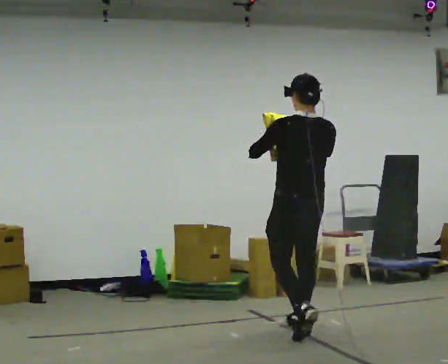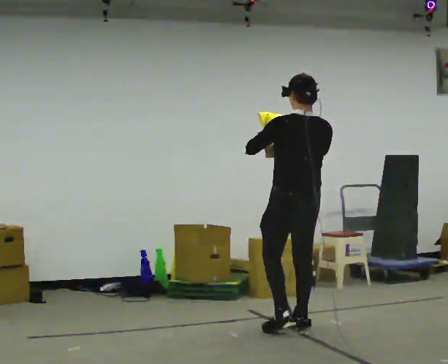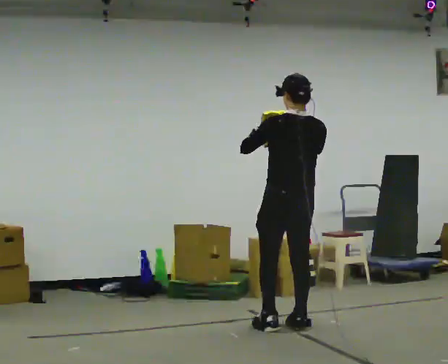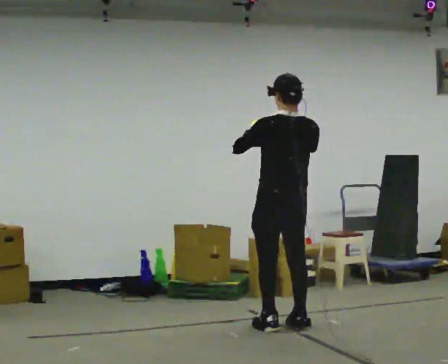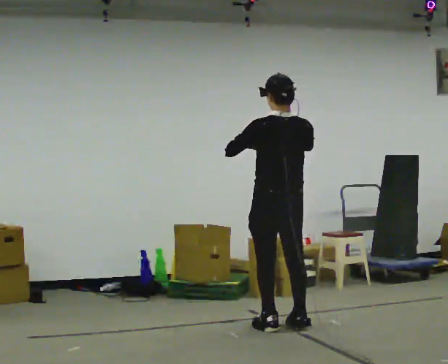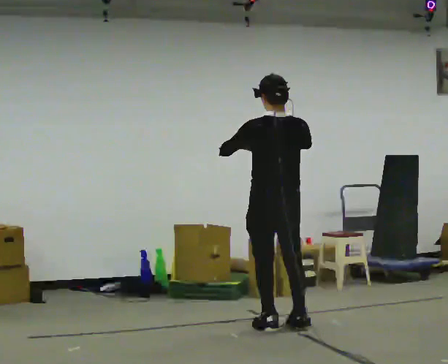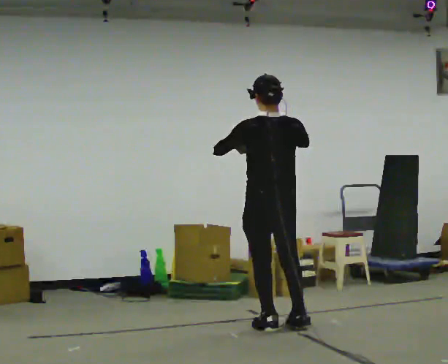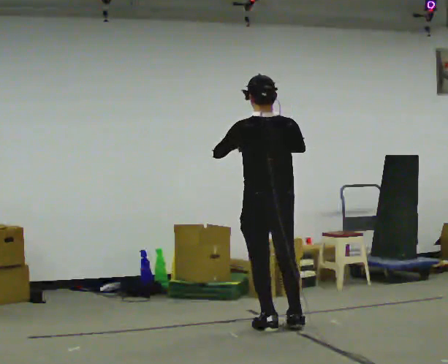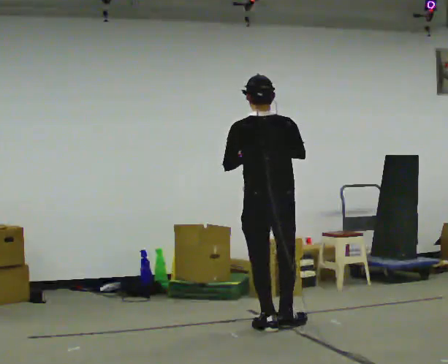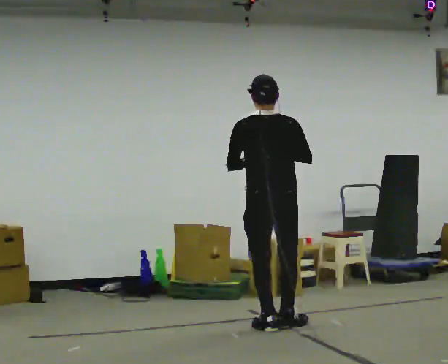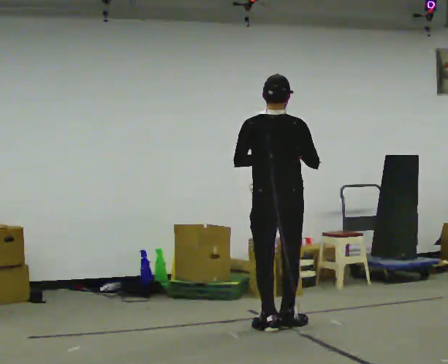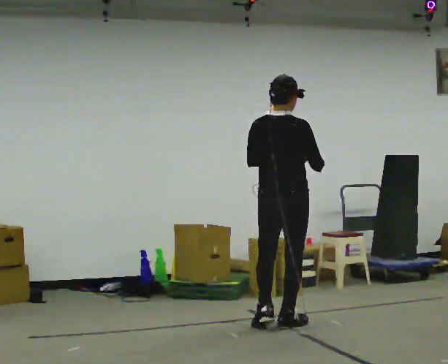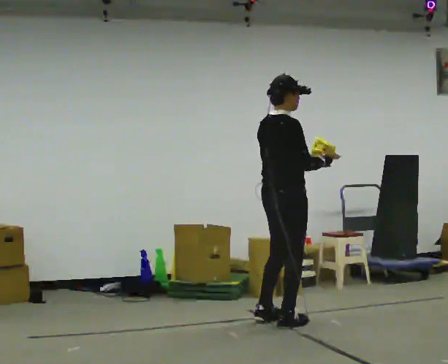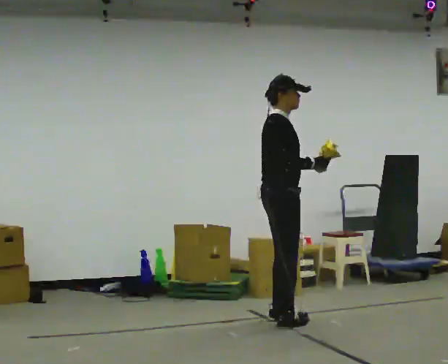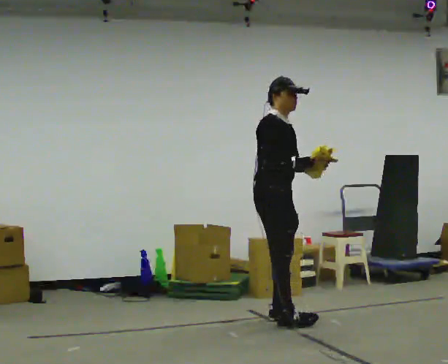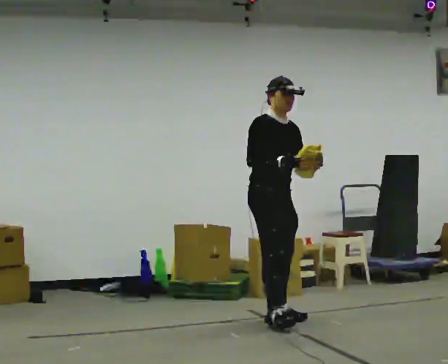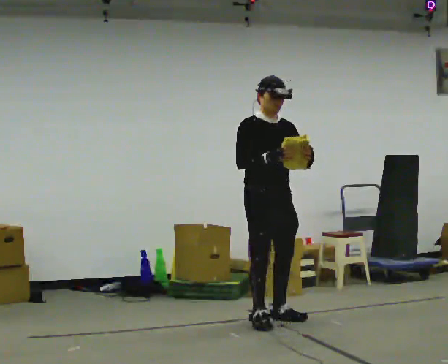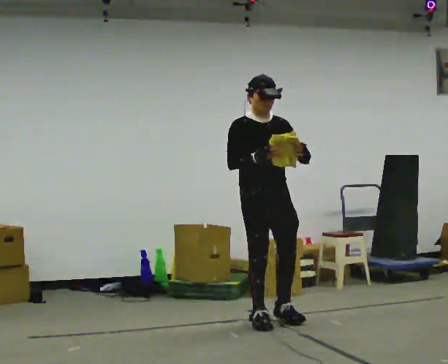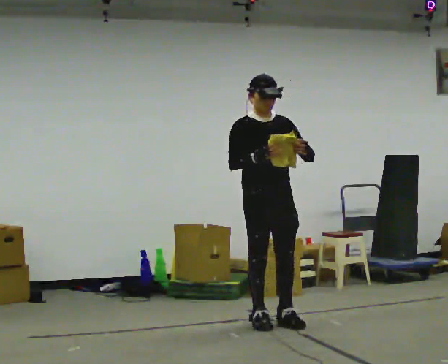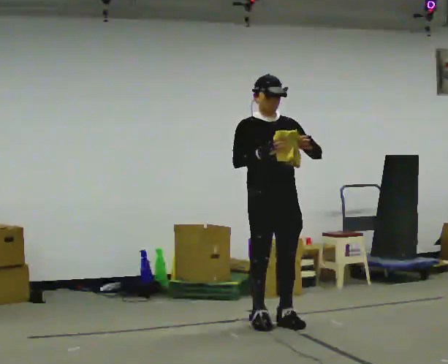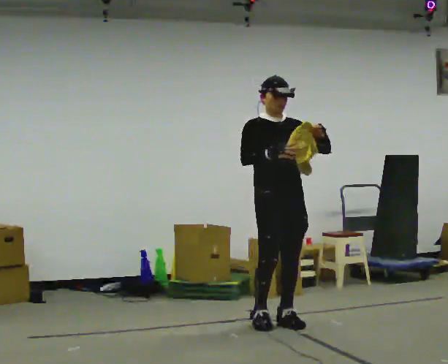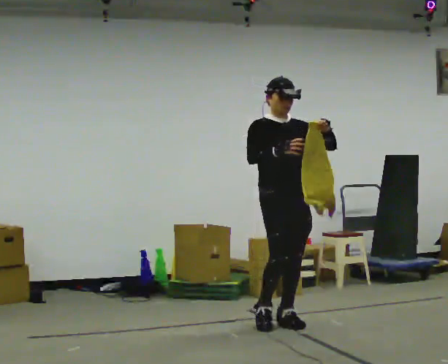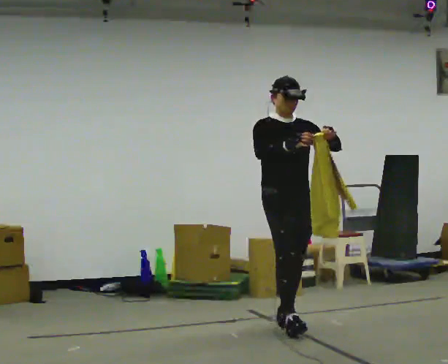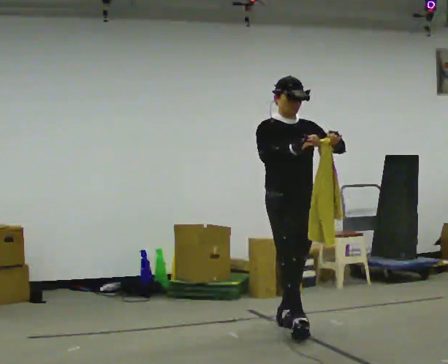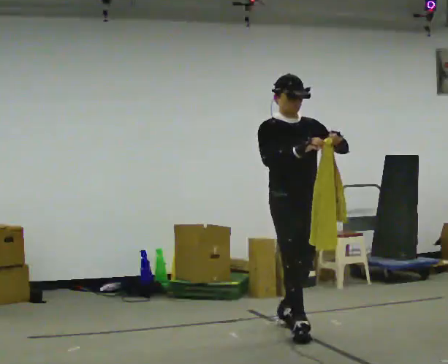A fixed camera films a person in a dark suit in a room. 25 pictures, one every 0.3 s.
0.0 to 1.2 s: In the picture they go to the left, about 0.25 m in 1 step, which for them is forward.
1.2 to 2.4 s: The person moves a little, or ends about where they began.
2.4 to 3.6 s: The person turns about 60 degrees to their right, clockwise seen from above, so the part of the body nearest the lens slides to the left. In the picture their right hand goes to the right.
3.6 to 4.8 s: Seen from above the body turns clockwise, about 90 degrees: to their right, with its near side sliding to the left.
4.8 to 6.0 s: The person moves a little, or ends about where they began.
6.0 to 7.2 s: In the picture they go toward the camera, about 0.25 m in 1 step, which for them is forward.
The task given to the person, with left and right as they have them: Carry the cloth and, while walking, fold it in half, then unfold it. Keep repeating as you walk. Do not stop.
The film runs forward here.
